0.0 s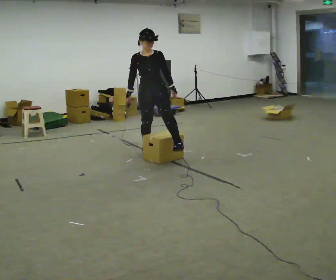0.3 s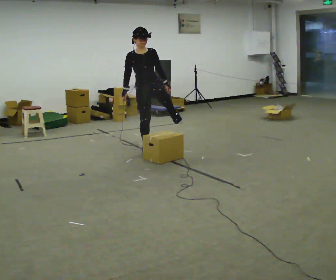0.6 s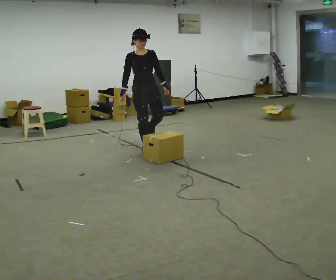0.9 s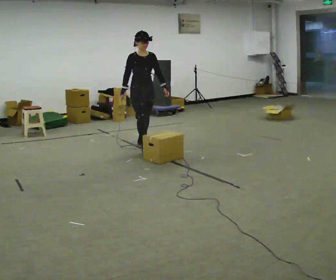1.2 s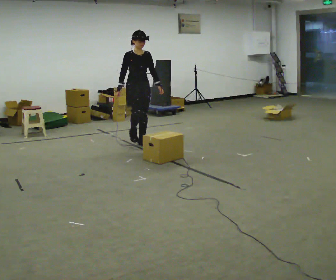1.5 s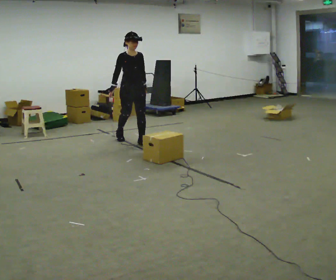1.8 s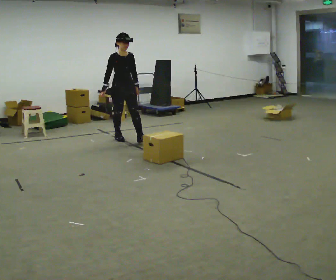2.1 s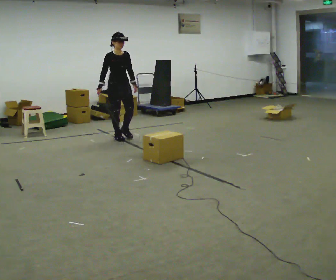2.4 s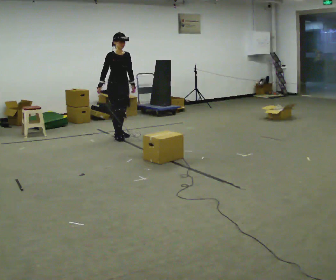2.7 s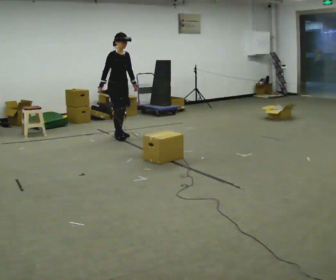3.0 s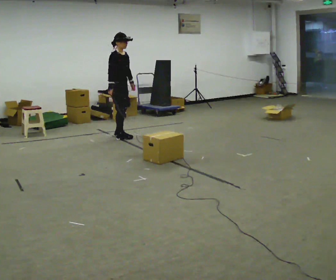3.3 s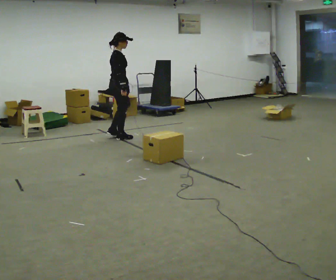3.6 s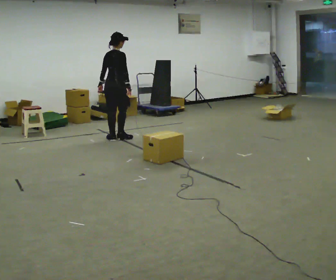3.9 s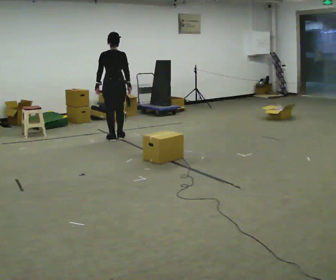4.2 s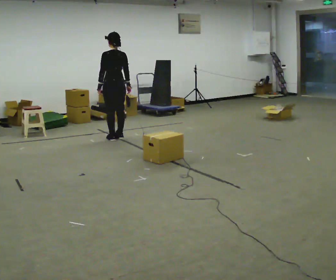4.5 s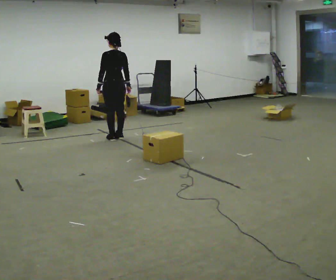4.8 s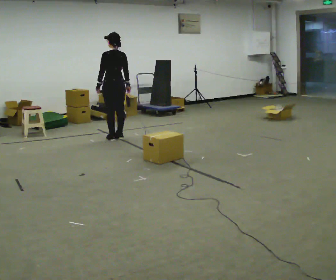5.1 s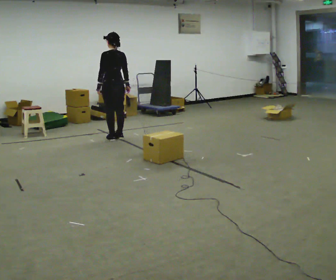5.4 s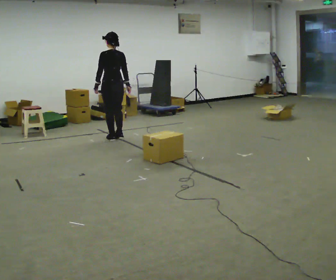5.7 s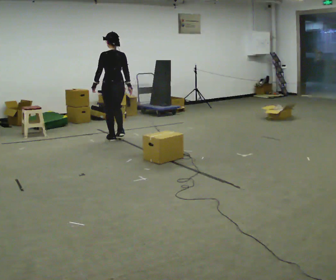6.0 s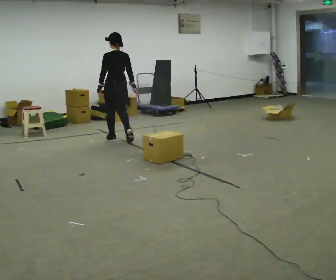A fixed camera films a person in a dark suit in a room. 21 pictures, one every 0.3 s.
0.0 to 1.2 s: Seen from above the body turns counterclockwise, about 30 degrees: to their left, with its near side sliding to the right. In the picture they go away from the camera, about 0.5 m in 2 steps, which for them is backward.
1.2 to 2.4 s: In the picture they go away from the camera and to the left, about 0.5 m in 1 step, which for them is backward.
2.4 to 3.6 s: Seen from above the body turns counterclockwise, about 105 degrees: to their left, with its near side sliding to the right. In the picture their left hand goes to the left, the arm swinging clockwise.
3.6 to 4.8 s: The person turns about 75 degrees to their left, counterclockwise seen from above, so the part of the body nearest the lens slides to the right.
4.8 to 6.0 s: In the picture they go toward the camera, about 0.25 m in 1 step, which for them is backward.
The film runs backward here.
